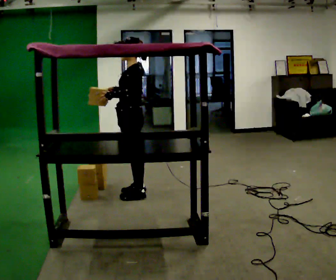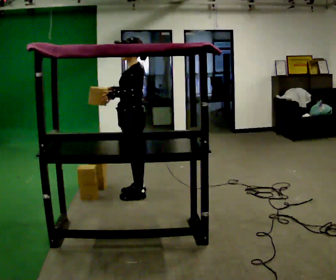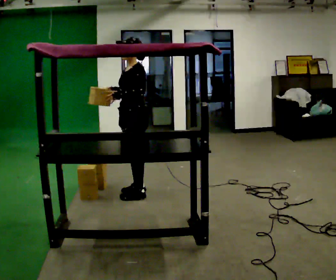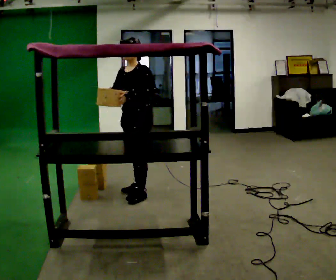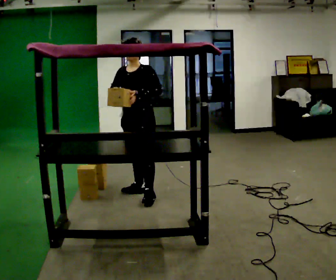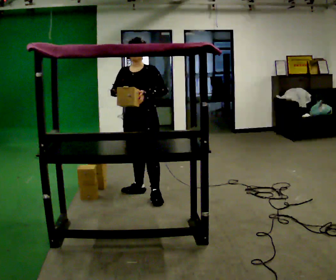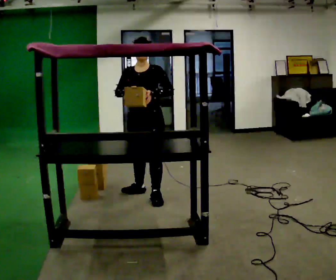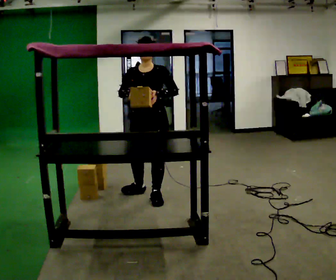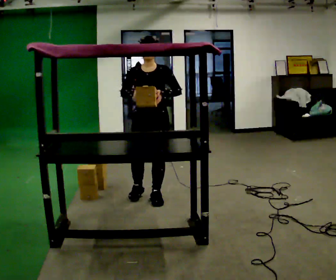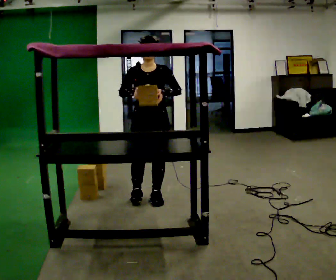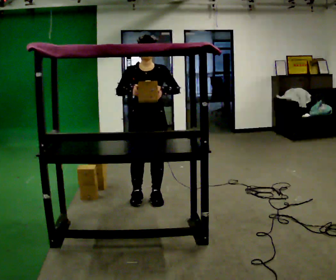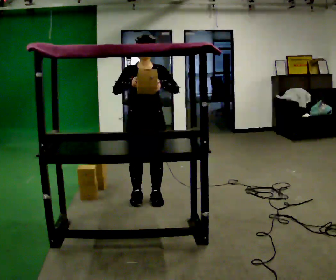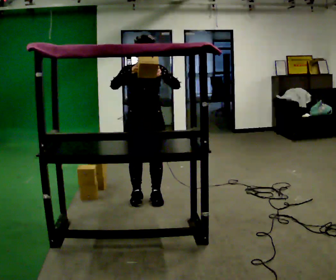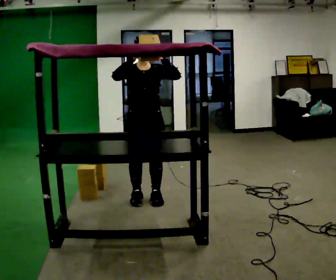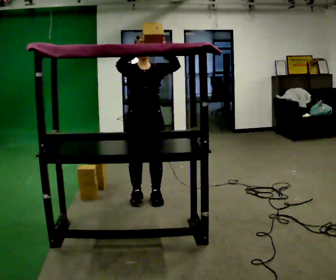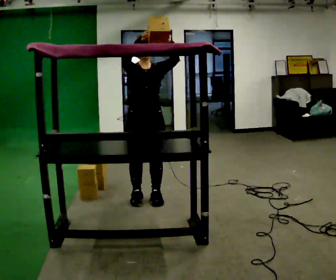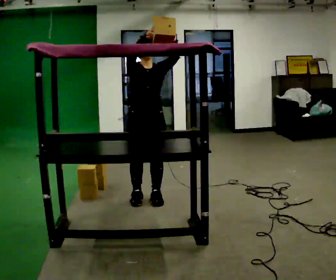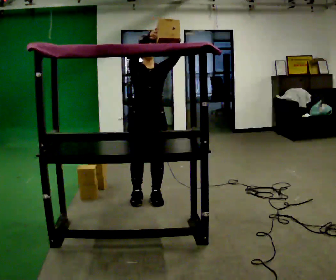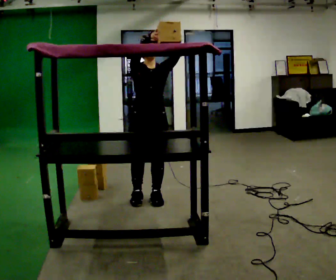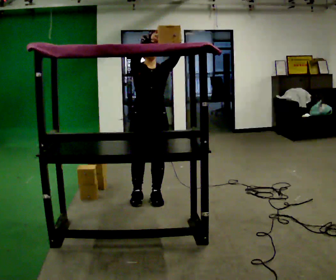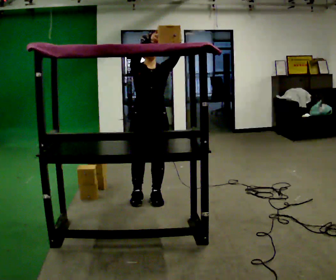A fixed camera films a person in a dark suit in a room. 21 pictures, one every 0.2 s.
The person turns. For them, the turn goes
to their left.
Their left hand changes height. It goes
upward.
0.0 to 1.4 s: The part of the body nearest the lens slides to the right as the person turns to their left by about 75 degrees. In the picture they go to the right, about 0.25 m. In the picture their left hand goes to the right.
1.4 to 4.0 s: In the picture their right hand goes upward.
The film runs forward here.
